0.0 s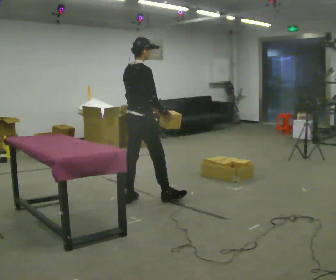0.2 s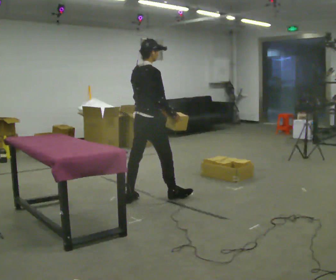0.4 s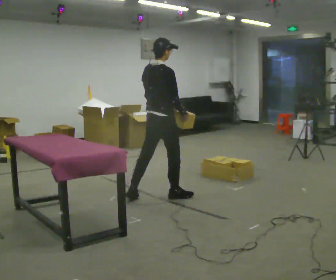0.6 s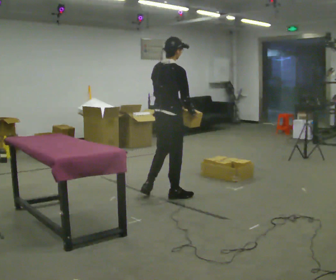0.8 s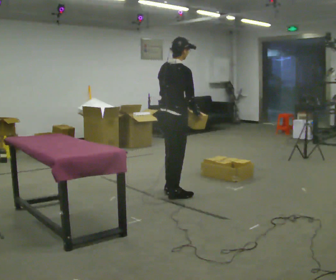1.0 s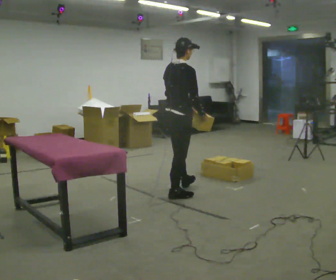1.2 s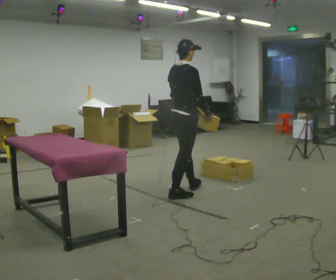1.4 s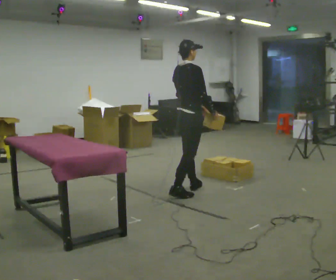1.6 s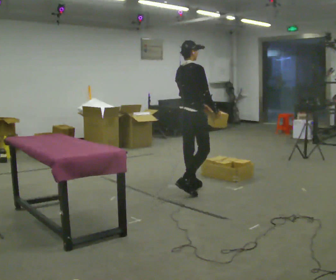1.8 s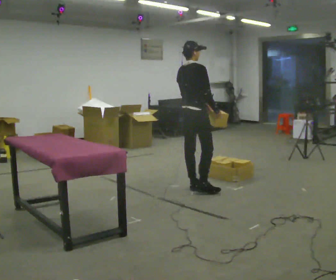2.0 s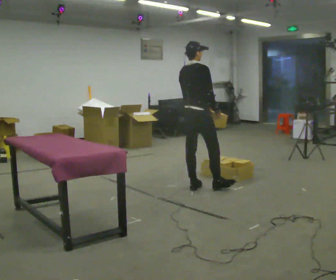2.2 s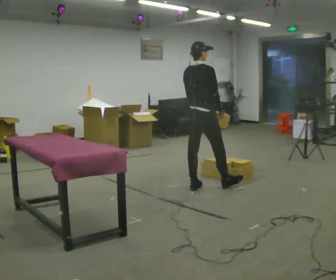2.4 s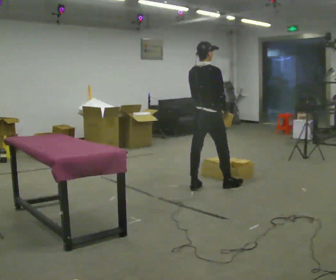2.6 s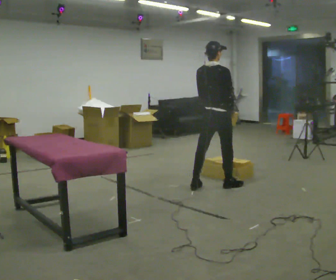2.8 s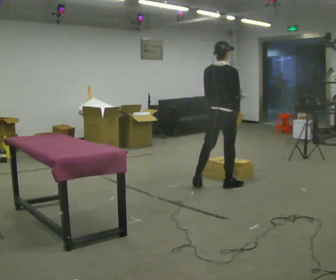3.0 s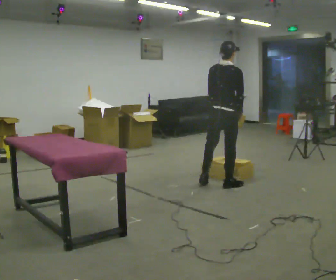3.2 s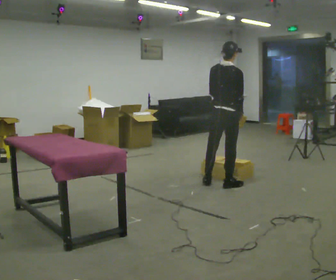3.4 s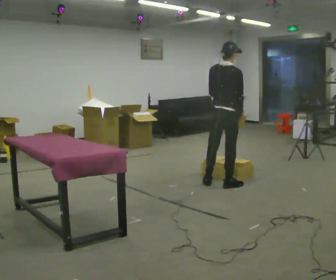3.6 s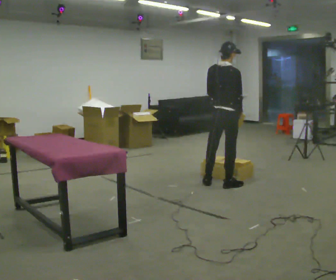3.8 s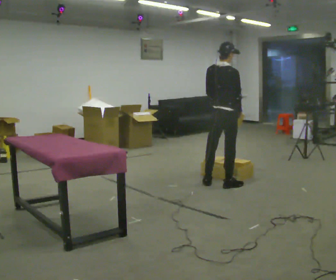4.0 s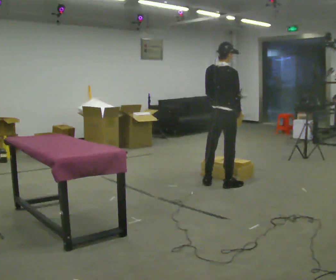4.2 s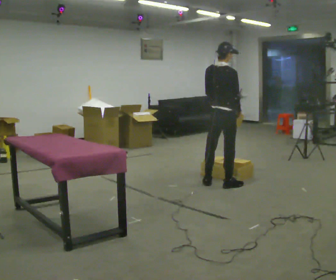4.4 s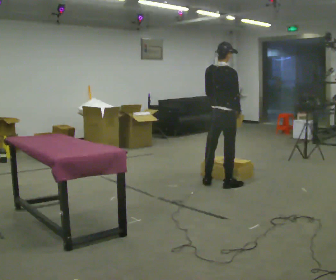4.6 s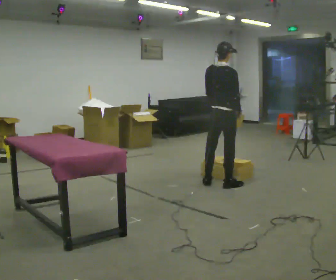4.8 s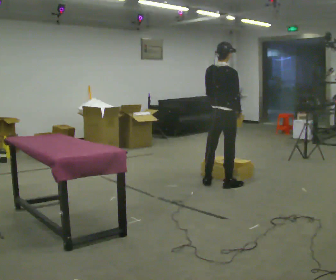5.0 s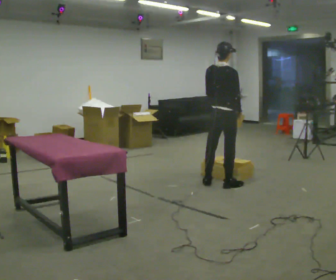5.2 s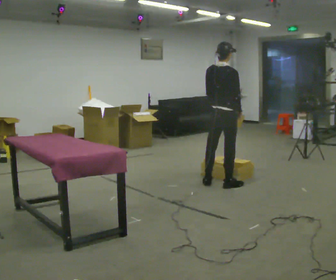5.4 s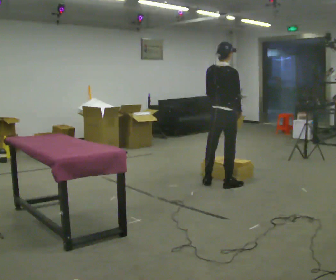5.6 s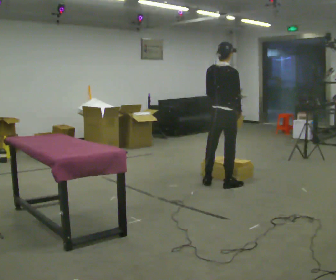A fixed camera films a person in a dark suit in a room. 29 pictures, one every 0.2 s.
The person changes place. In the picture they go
to the right.
0.0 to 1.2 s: In the picture they go to the right and away from the camera, about 0.5 m in 2 steps, which for them is forward and to their right.
1.2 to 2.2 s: In the picture they go away from the camera and to the right, about 0.25 m in 1 step, which for them is forward.
2.2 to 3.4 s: In the picture they go to the right, about 0.25 m in 1 step, which for them is to their right and forward.
3.4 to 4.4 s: The person moves a little, or ends about where they began.
4.4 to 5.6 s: The person keeps their place and pose.
The film runs forward here.
